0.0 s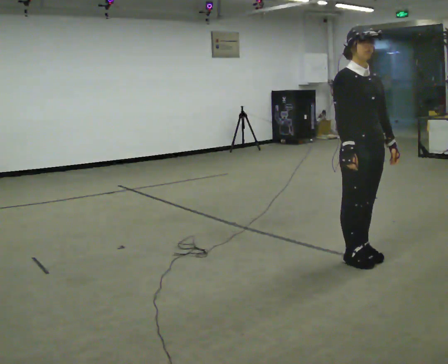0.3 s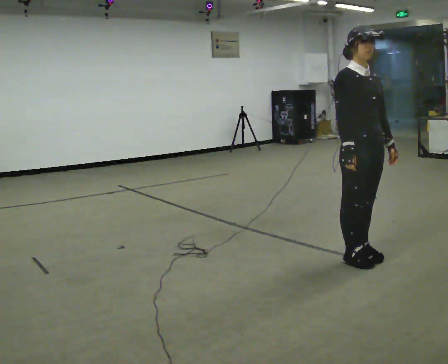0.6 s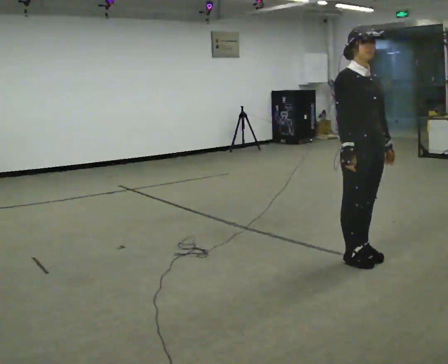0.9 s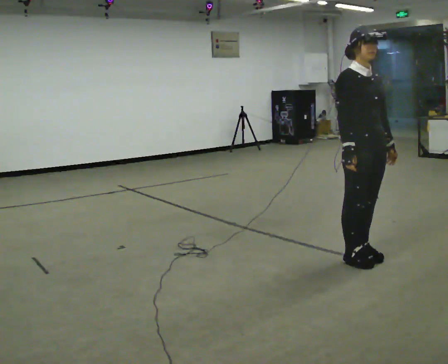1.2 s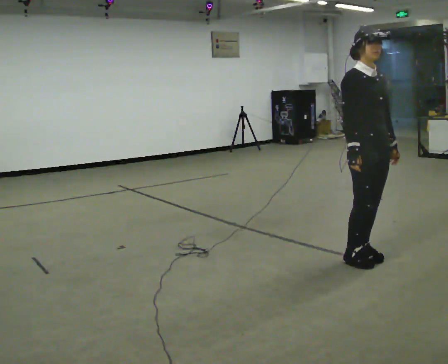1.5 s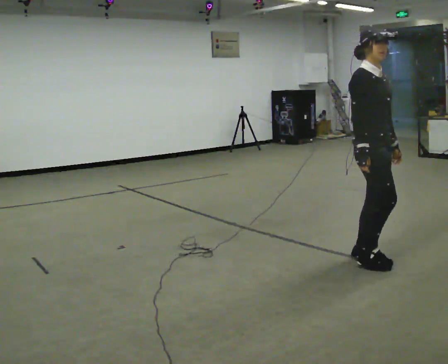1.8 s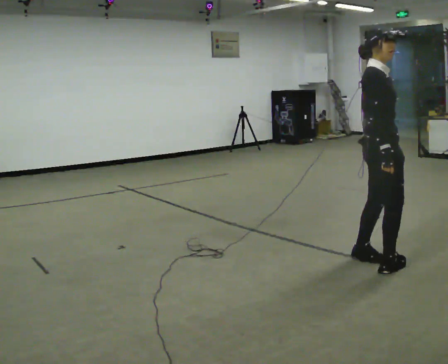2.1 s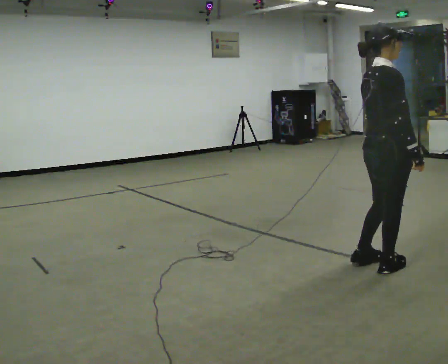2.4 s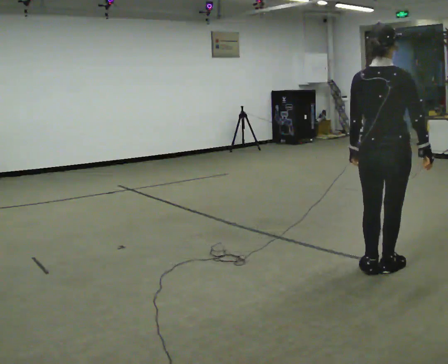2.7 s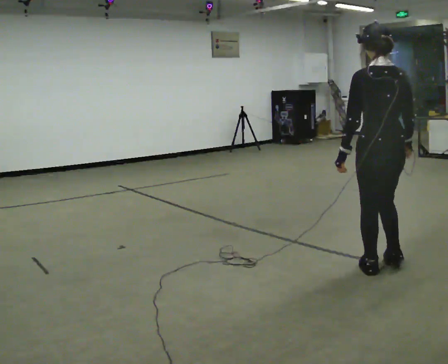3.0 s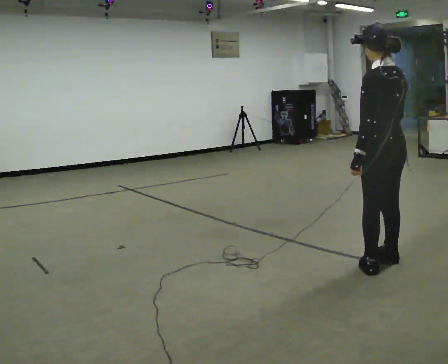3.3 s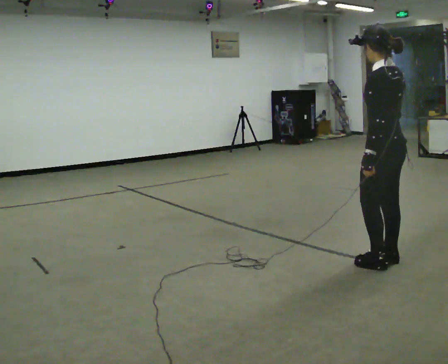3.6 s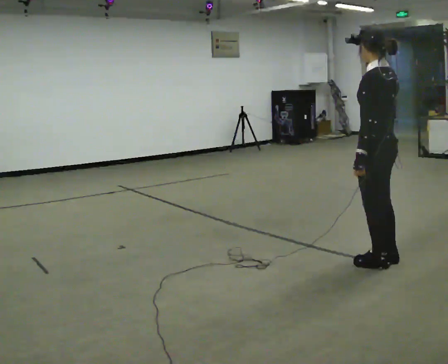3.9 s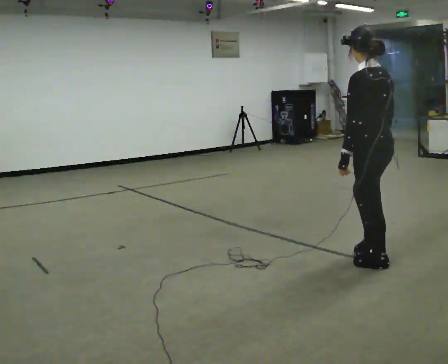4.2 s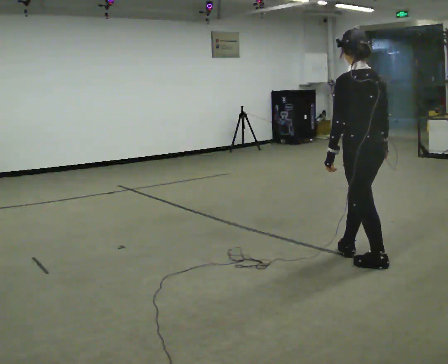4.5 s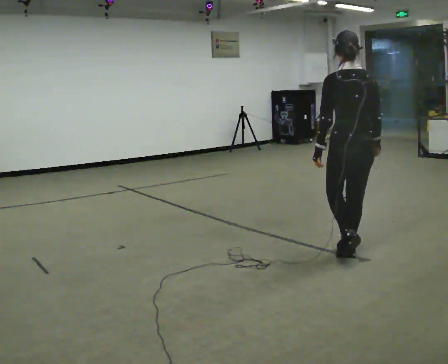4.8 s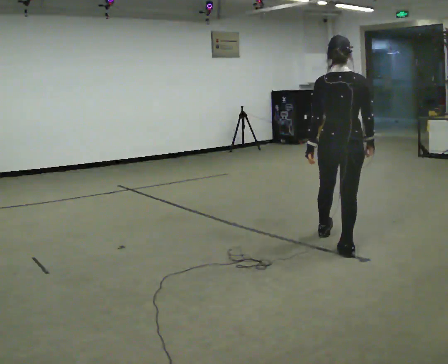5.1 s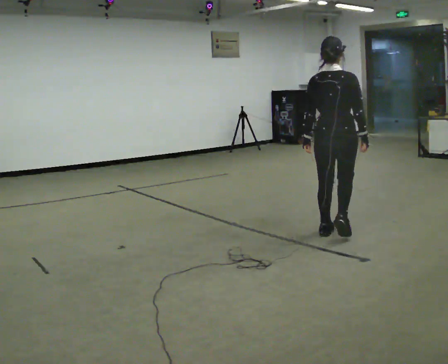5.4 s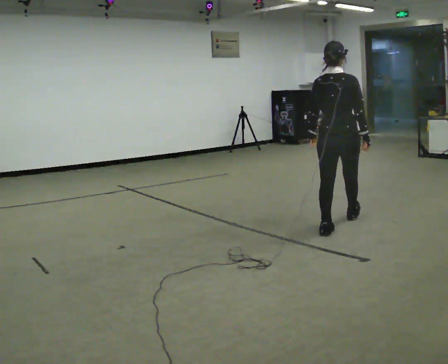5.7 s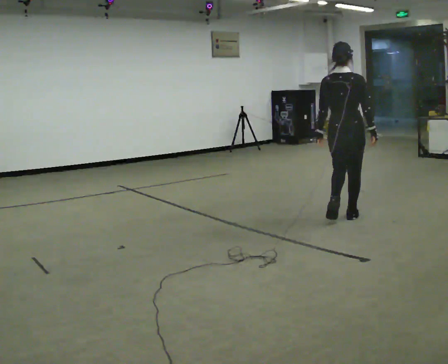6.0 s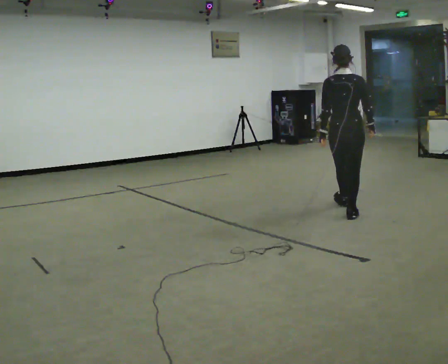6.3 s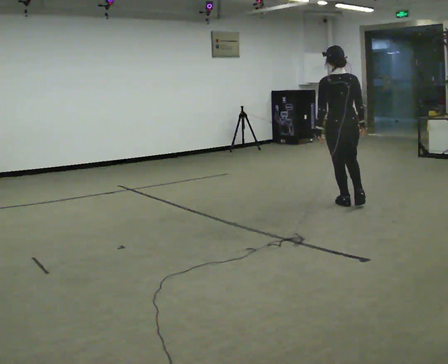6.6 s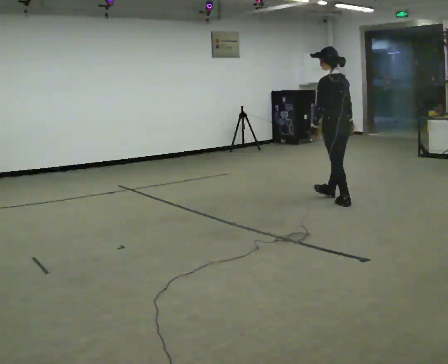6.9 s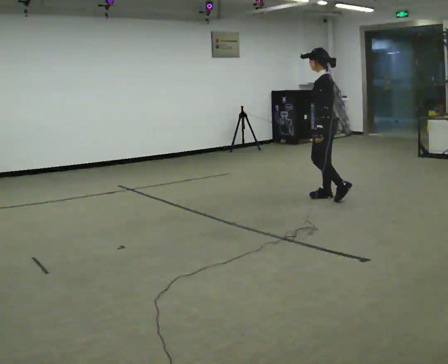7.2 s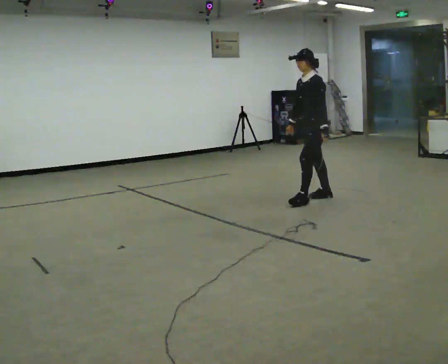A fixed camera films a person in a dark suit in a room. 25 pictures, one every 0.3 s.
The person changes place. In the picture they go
away from the camera.
0.0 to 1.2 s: The person moves a little, or ends about where they began.
1.2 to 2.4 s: Seen from above the body turns counterclockwise, about 120 degrees: to their left, with its near side sliding to the right. In the picture they go toward the camera, about 0.25 m in 2 steps. In the picture their right hand goes to the right.
2.4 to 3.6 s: The part of the body nearest the lens slides to the right as the person turns to their left by about 75 degrees.
3.6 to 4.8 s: The part of the body nearest the lens slides to the left as the person turns to their right by about 60 degrees. In the picture they go away from the camera and to the left, about 0.5 m in 1 step.
4.8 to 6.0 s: In the picture they go away from the camera, about 1 m in 2 steps, which for them is forward.
6.0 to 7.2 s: The person turns about 120 degrees to their left, counterclockwise seen from above, so the part of the body nearest the lens slides to the right. In the picture they go away from the camera and to the left, about 0.5 m in 2 steps.
The film runs forward here.
